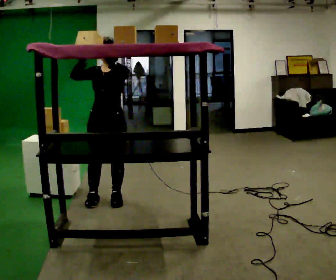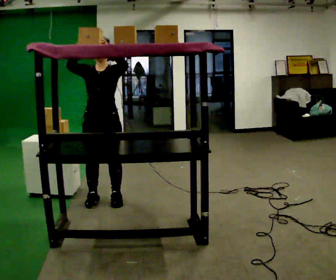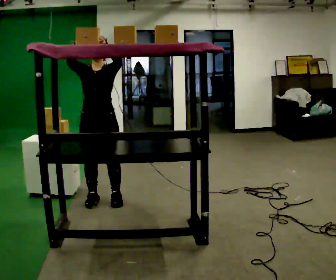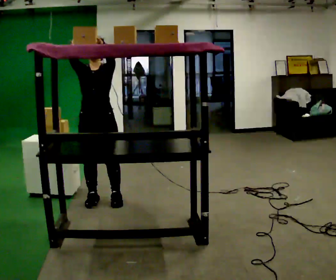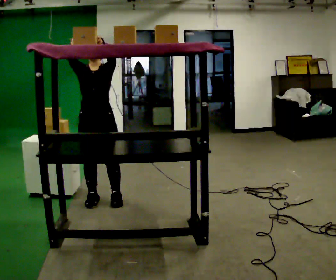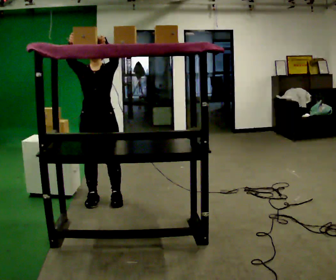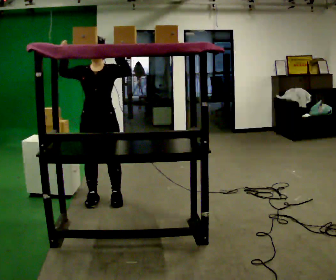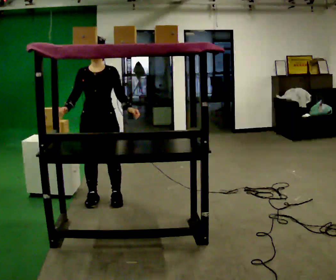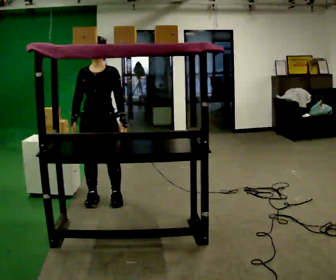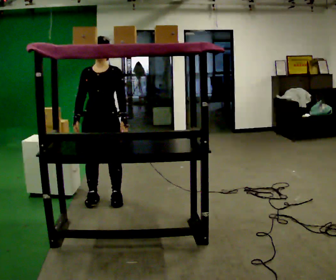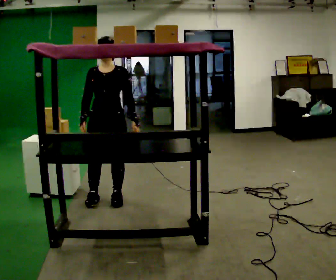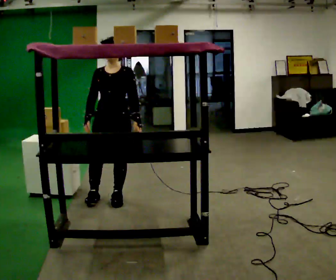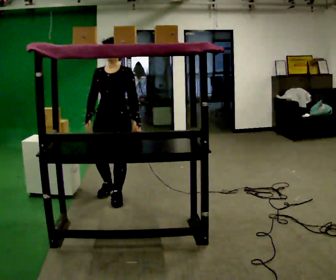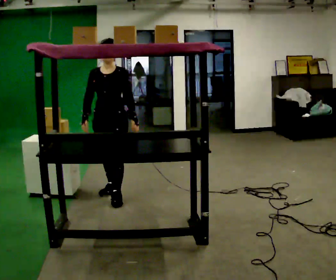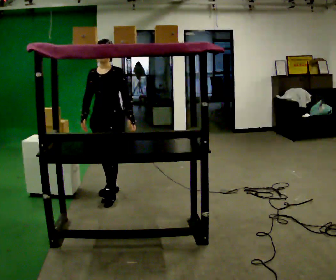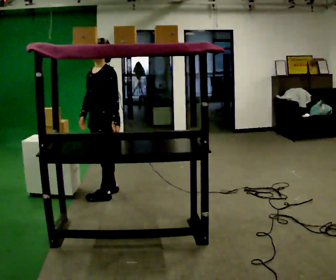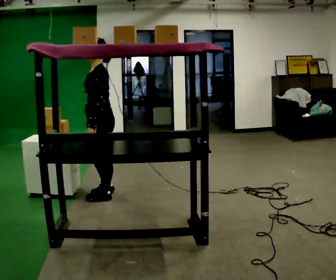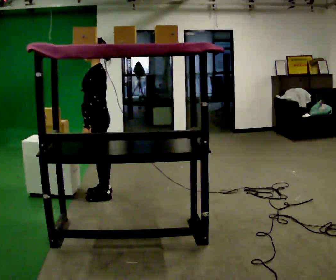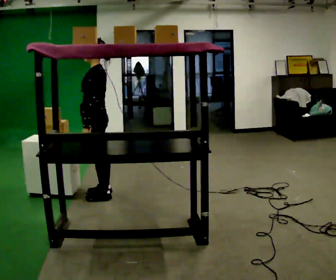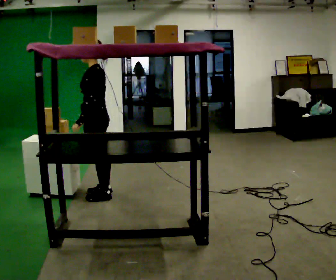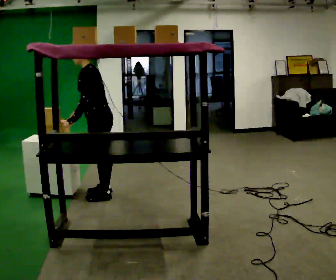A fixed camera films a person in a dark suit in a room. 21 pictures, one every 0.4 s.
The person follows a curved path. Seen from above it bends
counterclockwise.
0.0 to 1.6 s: The person moves a little, or ends about where they began.
1.6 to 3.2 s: In the picture their right hand goes downward.
3.2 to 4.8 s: The person moves a little, or ends about where they began.
4.8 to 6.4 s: Seen from above the body turns clockwise, about 60 degrees: to their right, with its near side sliding to the left.
6.4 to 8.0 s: The person moves a little, or ends about where they began.
The film runs backward here.
